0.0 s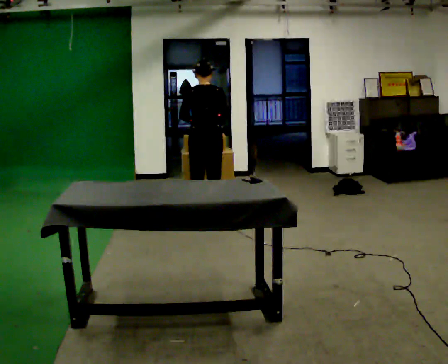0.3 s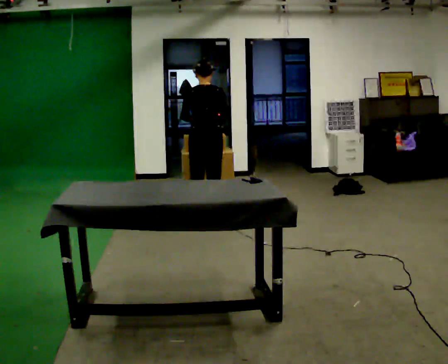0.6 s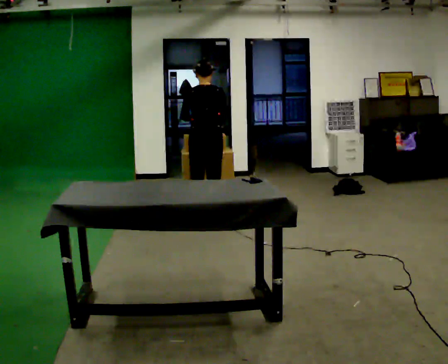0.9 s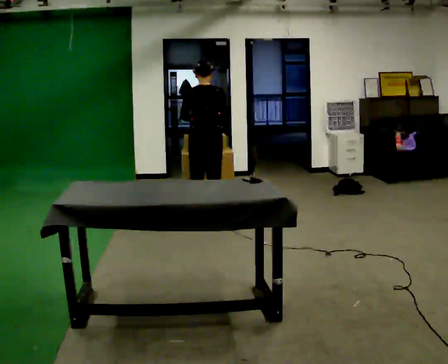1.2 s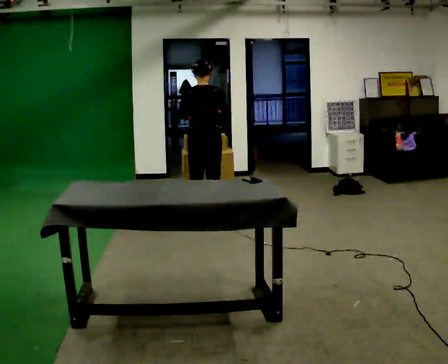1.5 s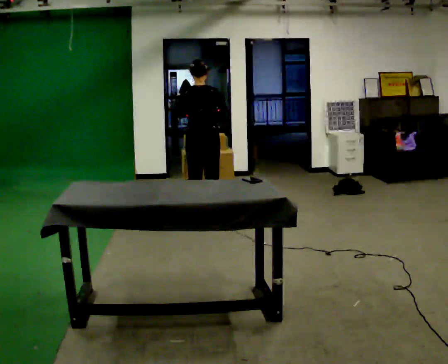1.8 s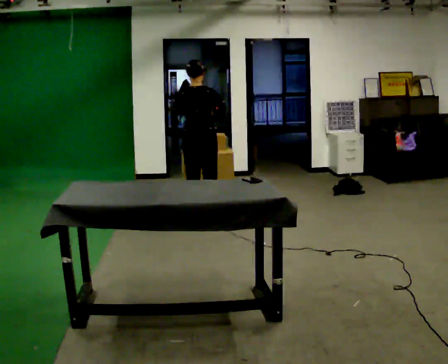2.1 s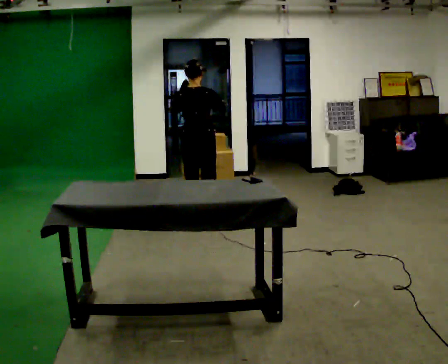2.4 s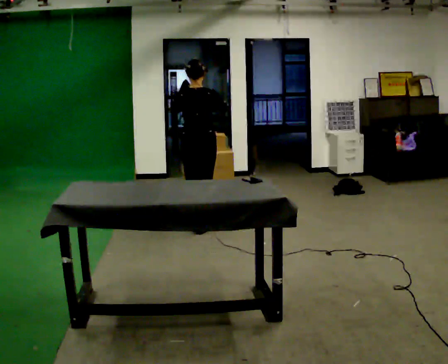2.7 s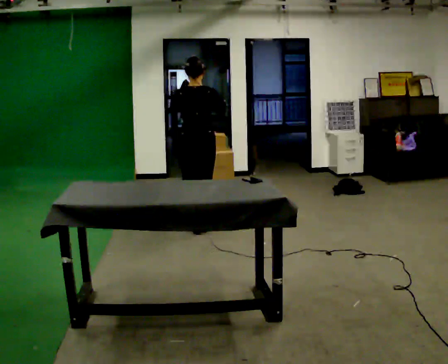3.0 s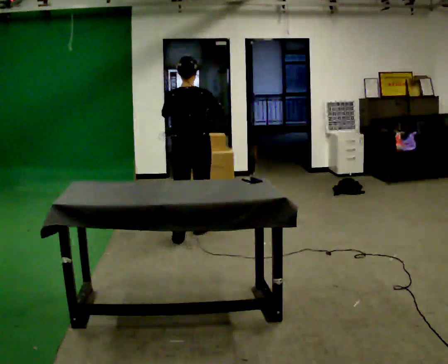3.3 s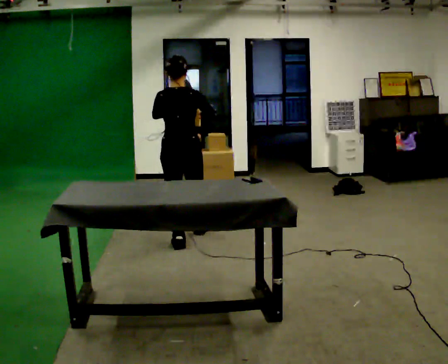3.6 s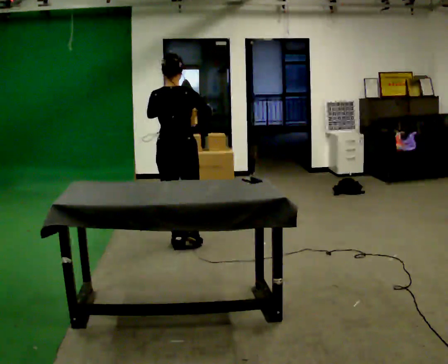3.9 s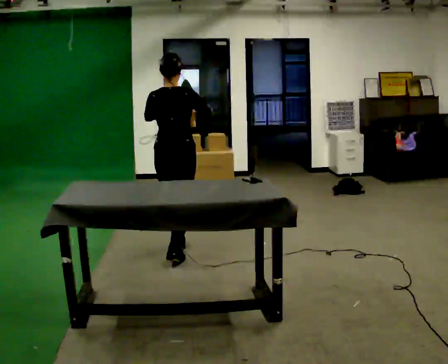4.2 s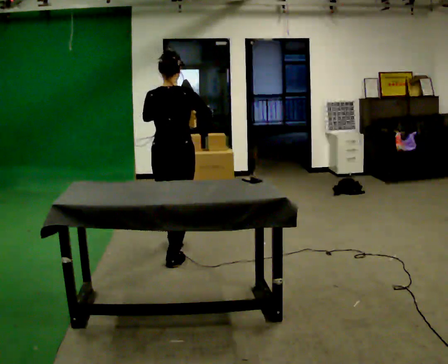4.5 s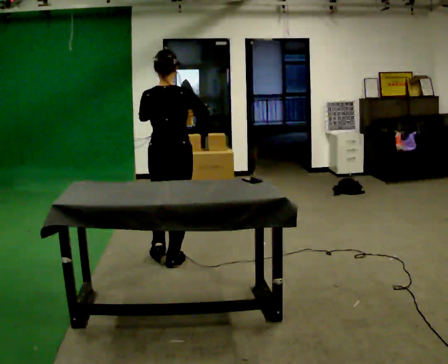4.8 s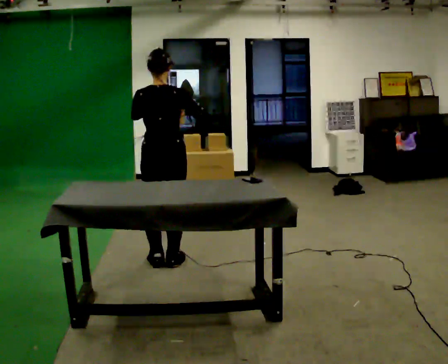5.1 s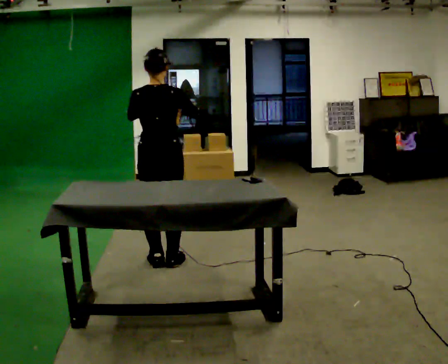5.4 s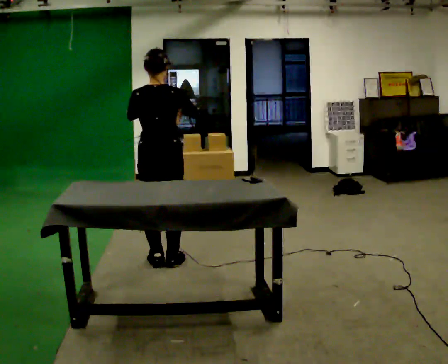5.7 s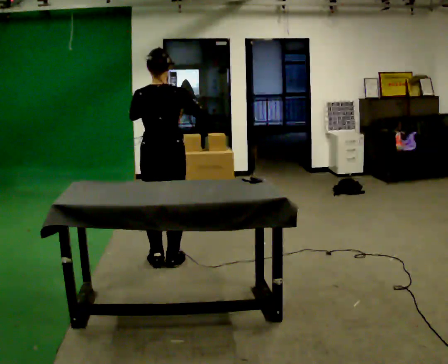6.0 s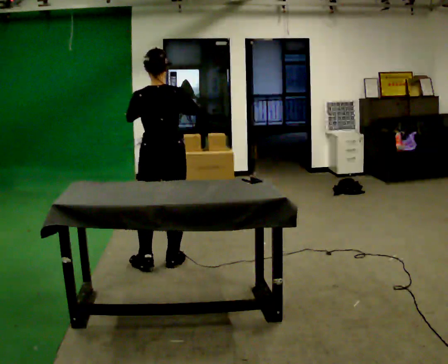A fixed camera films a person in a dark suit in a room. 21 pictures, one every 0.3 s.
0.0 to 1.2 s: The person moves a little, or ends about where they began.
1.2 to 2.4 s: In the picture they go toward the camera, about 0.25 m in 1 step, which for them is backward.
2.4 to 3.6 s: In the picture they go toward the camera, about 0.75 m in 2 steps, which for them is backward.
3.6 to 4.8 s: In the picture they go toward the camera, about 0.5 m in 1 step, which for them is backward.
4.8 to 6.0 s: The person moves a little, or ends about where they began.
The film runs backward here.
